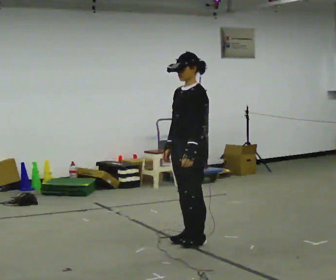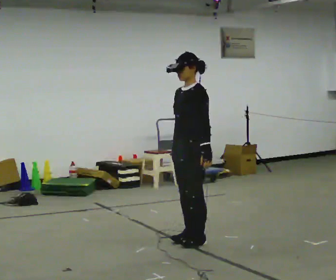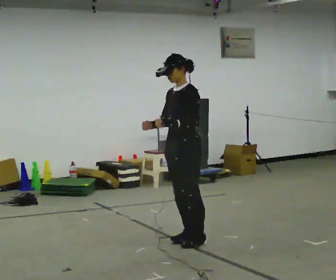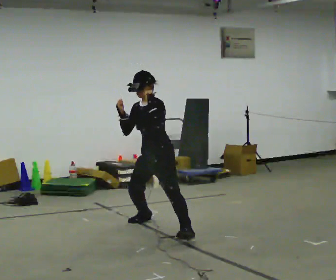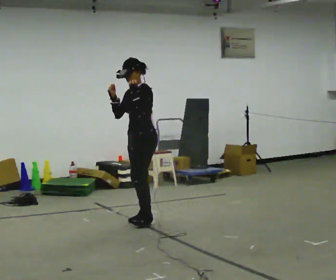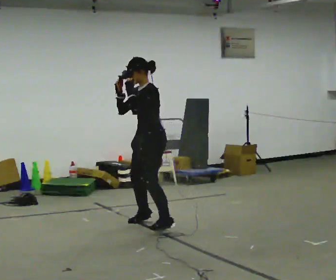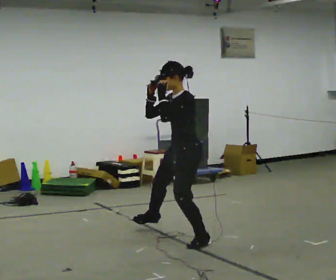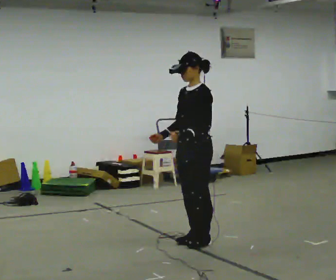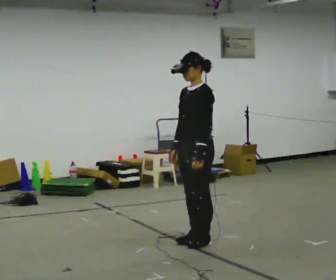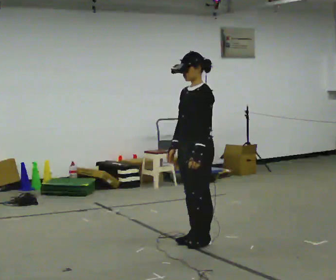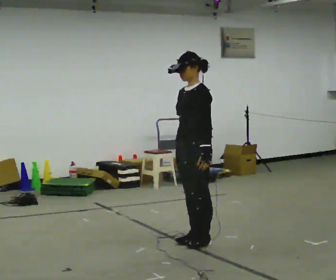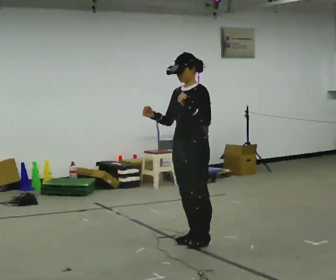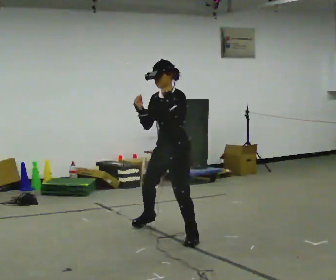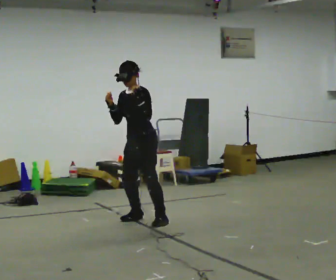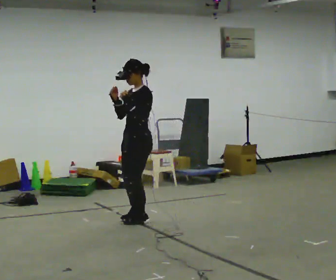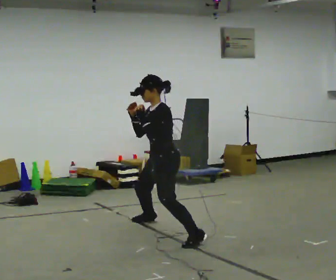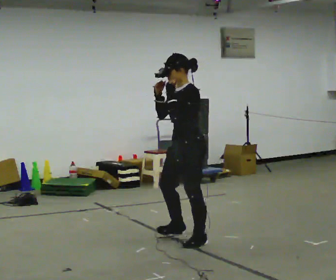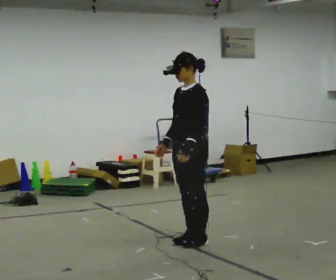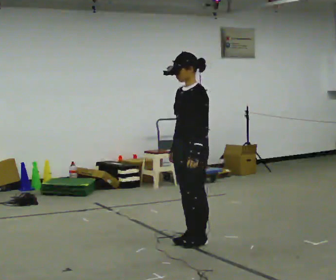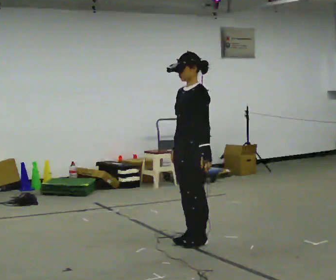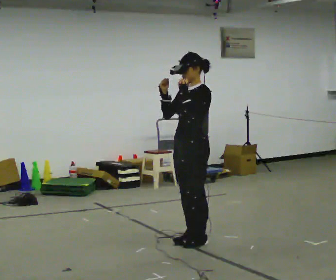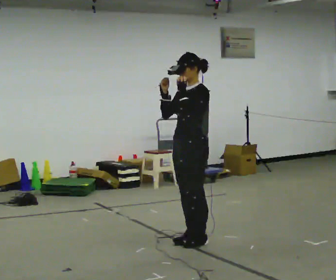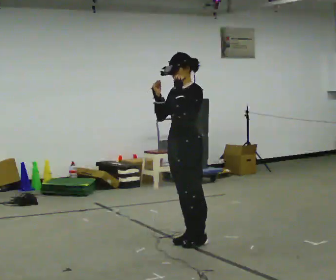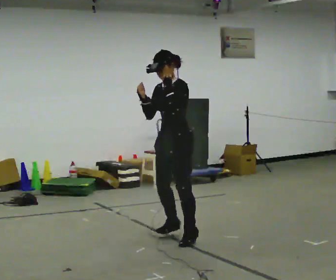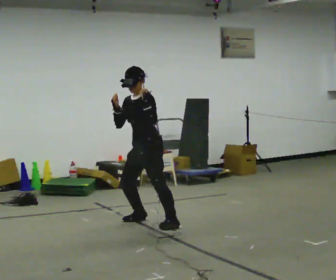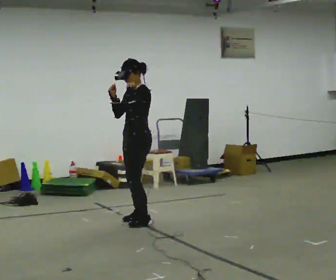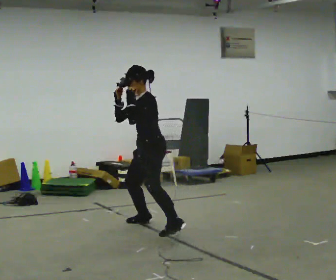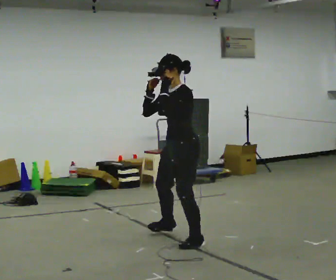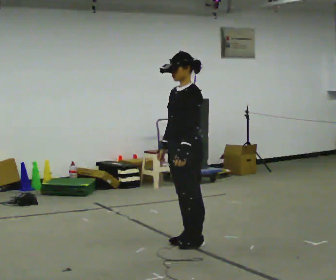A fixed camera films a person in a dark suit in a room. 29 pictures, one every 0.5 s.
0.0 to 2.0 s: In the picture they go away from the camera and to the left, about 1 m in 2 steps, which for them is to their right. In the picture their right hand goes upward.
2.0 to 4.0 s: In the picture they go toward the camera and to the right, about 1 m in 2 steps, which for them is to their left. In the picture their left hand goes downward.
4.0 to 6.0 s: In the picture they go away from the camera and to the left, about 0.25 m in 2 steps, which for them is to their right. In the picture their left hand goes upward.
6.0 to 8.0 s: In the picture they go toward the camera, about 0.25 m in 4 steps, which for them is to their left.
8.0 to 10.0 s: The person moves a little, or ends about where they began.
10.0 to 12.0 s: In the picture they go away from the camera and to the left, about 1 m in 2 steps, which for them is to their right. In the picture the upper body tilts counterclockwise, shoulders to the left.
12.0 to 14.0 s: In the picture they go toward the camera and to the right, about 1 m in 2 steps, which for them is to their left. In the picture their left hand goes downward.
The film runs backward here.
